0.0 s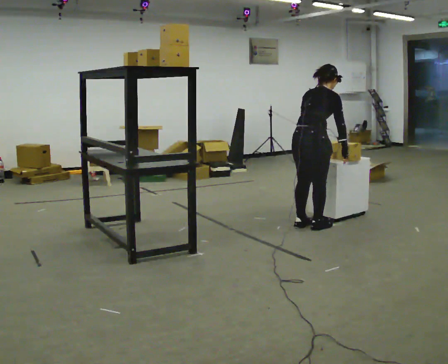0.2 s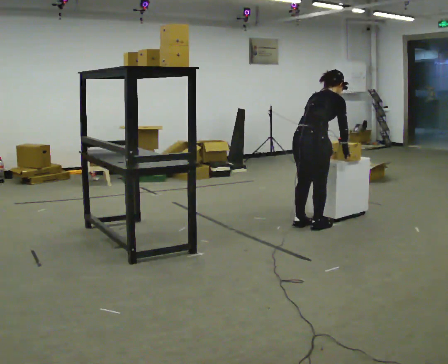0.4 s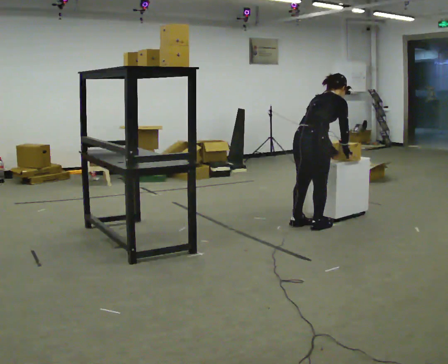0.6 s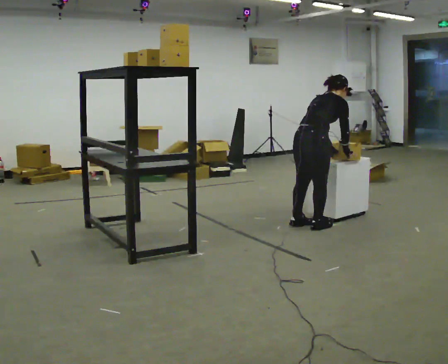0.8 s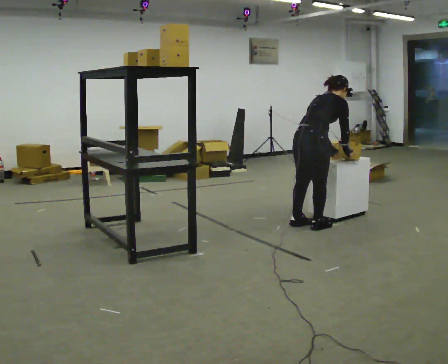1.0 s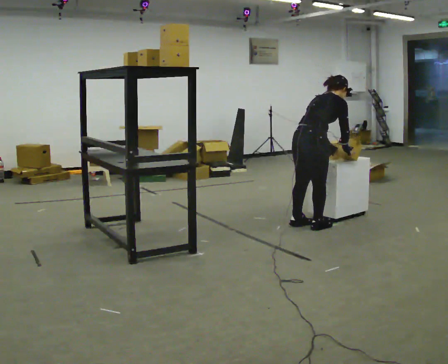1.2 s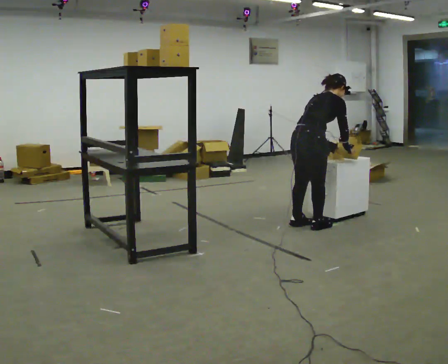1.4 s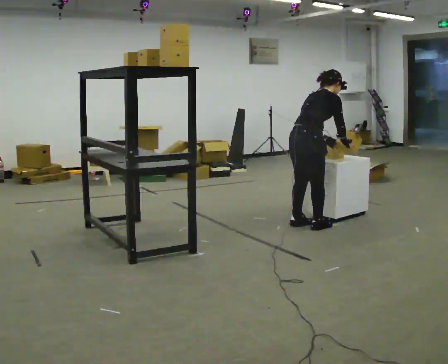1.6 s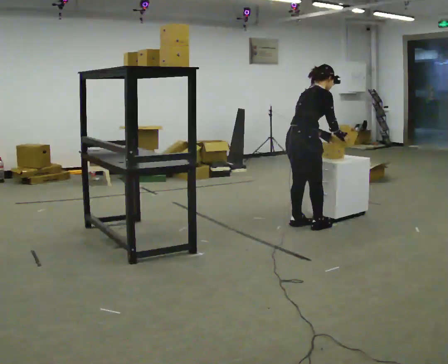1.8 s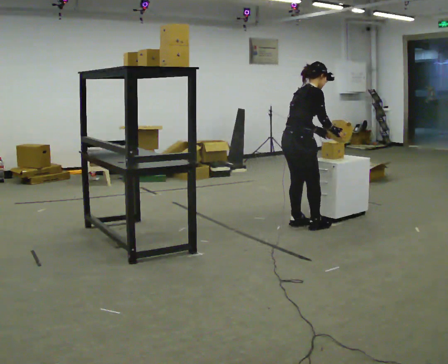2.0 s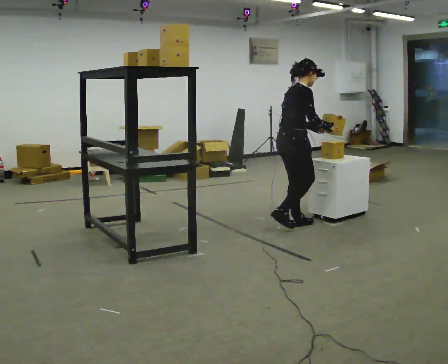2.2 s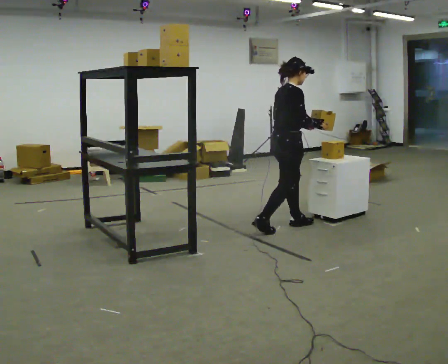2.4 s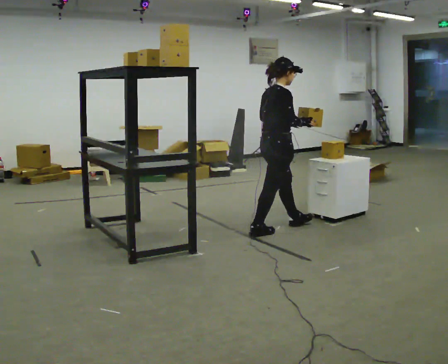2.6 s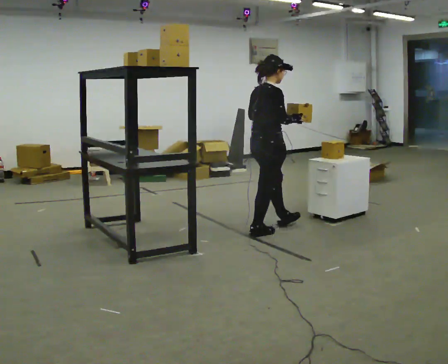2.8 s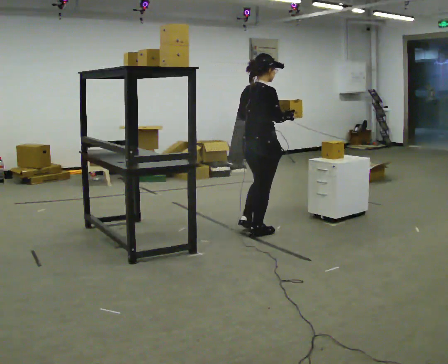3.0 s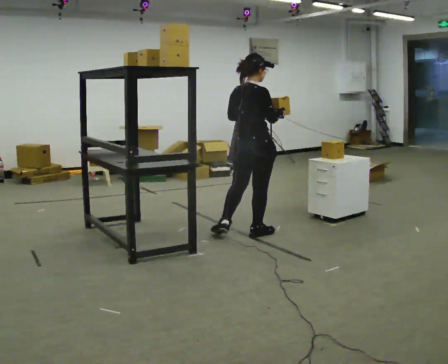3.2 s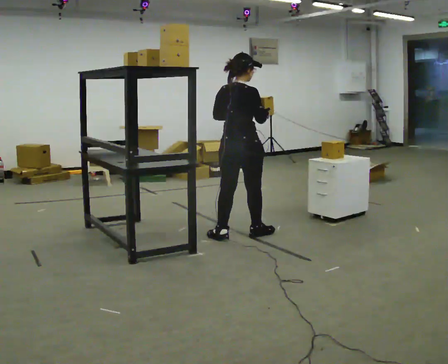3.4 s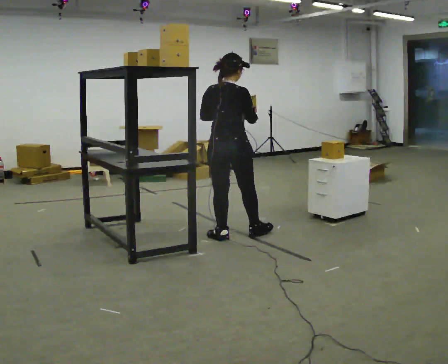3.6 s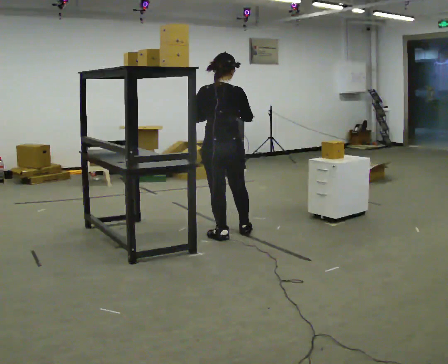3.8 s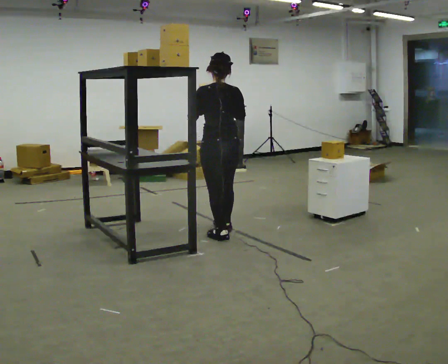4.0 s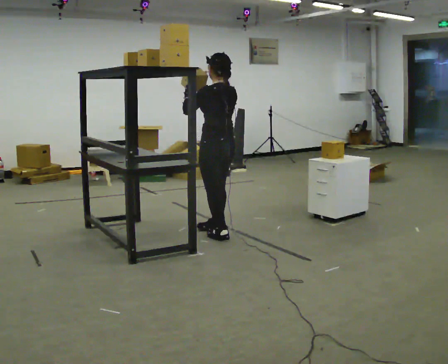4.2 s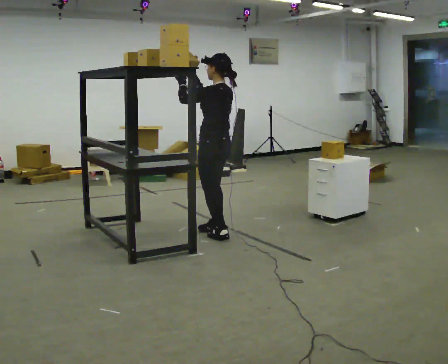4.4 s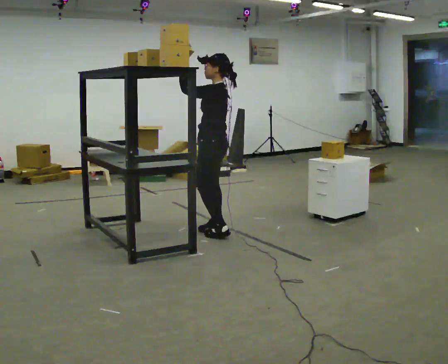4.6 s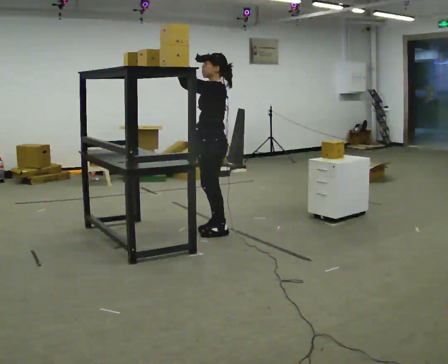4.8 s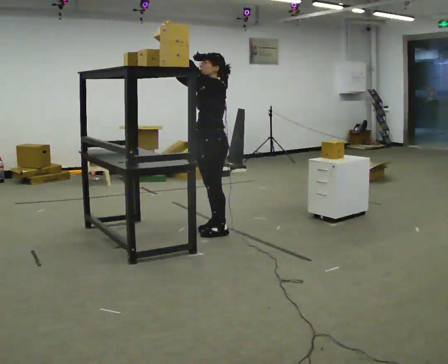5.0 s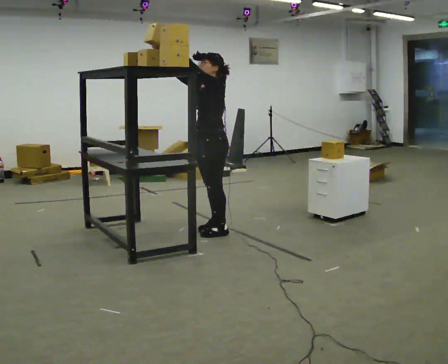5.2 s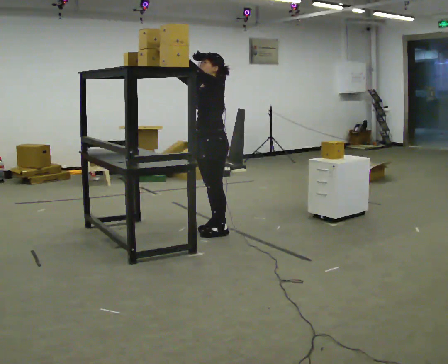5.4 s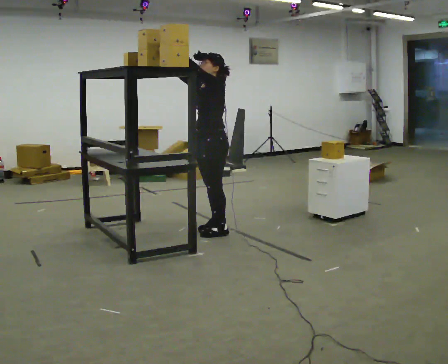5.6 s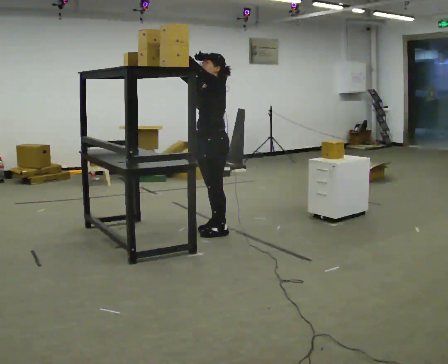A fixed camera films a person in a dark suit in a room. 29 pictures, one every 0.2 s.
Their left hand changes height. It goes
upward.
The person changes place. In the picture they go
to the left.
0.0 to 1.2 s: In the picture the upper body tilts clockwise, shoulders to the right.
1.2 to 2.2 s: In the picture they go to the left, about 0.25 m in 1 step, which for them is backward. In the picture the upper body tilts counterclockwise, shoulders to the left, as they lean back or straighten. In the picture their right hand goes to the left.
2.2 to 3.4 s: The part of the body nearest the lens slides to the right as the person turns to their left by about 60 degrees. In the picture they go to the left and toward the camera, about 0.5 m in 1 step.
3.4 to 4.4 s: The person turns about 105 degrees to their left, counterclockwise seen from above, so the part of the body nearest the lens slides to the right. In the picture they go away from the camera, about 0.25 m in 2 steps. In the picture their right hand goes to the left and upward.
4.4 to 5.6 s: Seen from above the body turns counterclockwise, about 30 degrees: to their left, with its near side sliding to the right.
The film runs backward here.
